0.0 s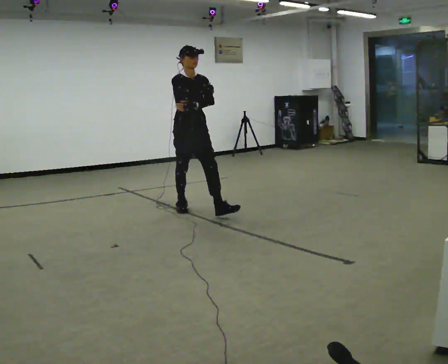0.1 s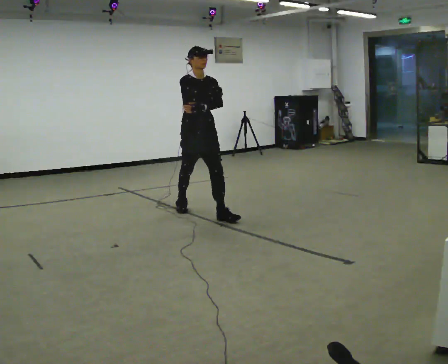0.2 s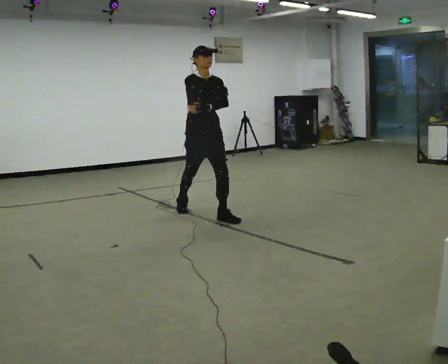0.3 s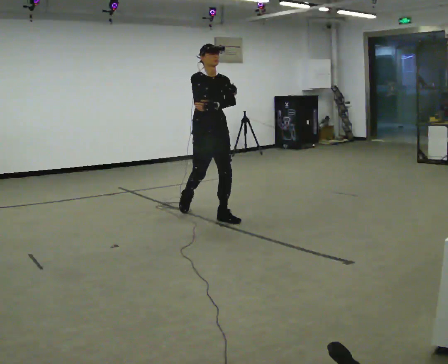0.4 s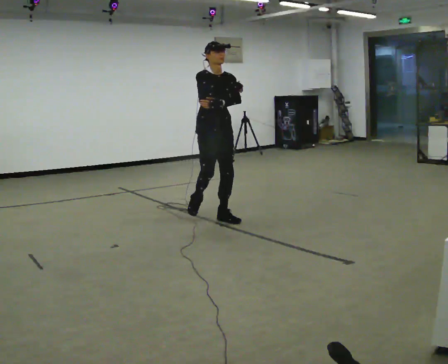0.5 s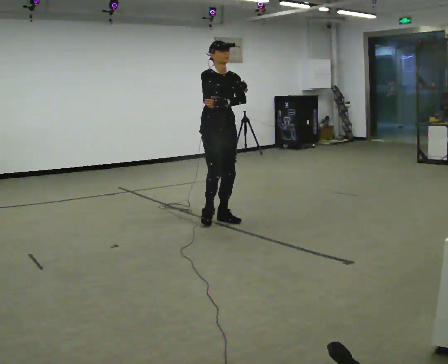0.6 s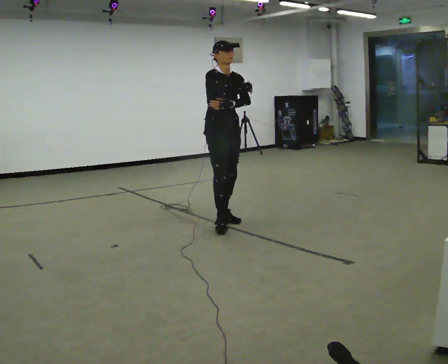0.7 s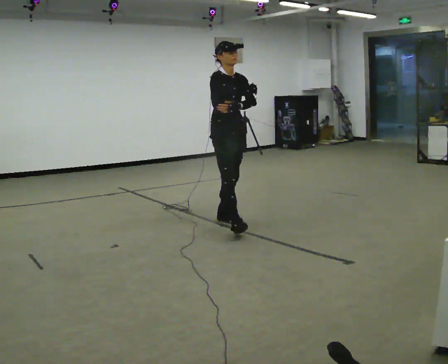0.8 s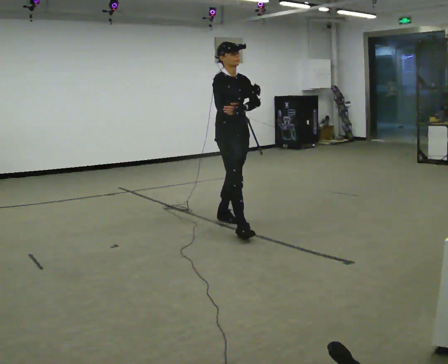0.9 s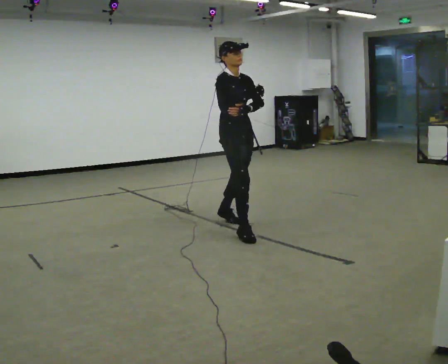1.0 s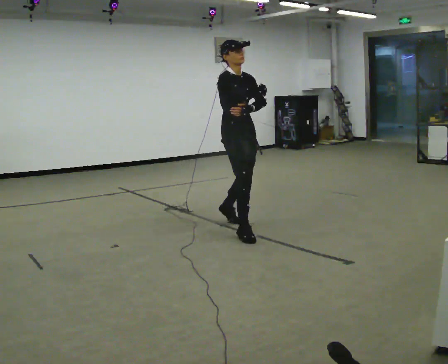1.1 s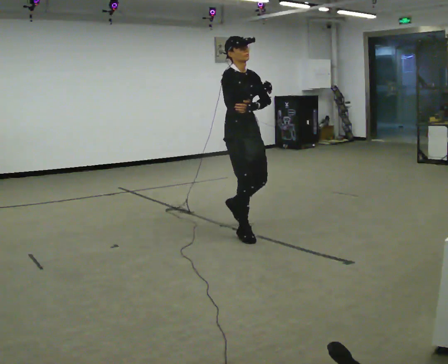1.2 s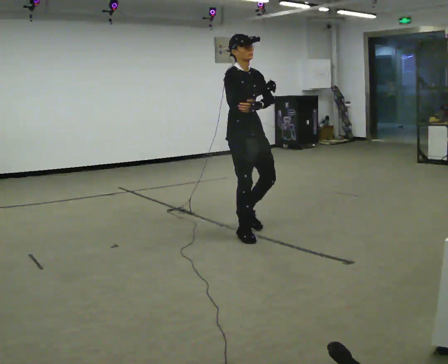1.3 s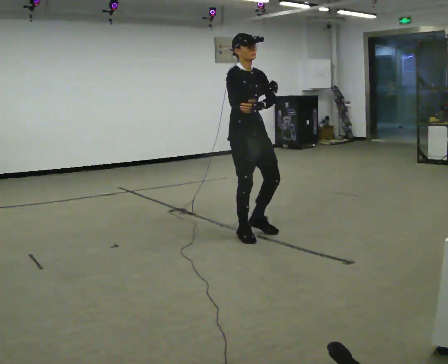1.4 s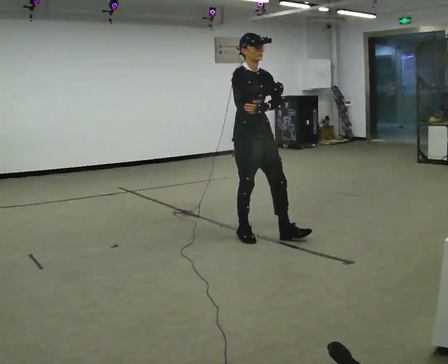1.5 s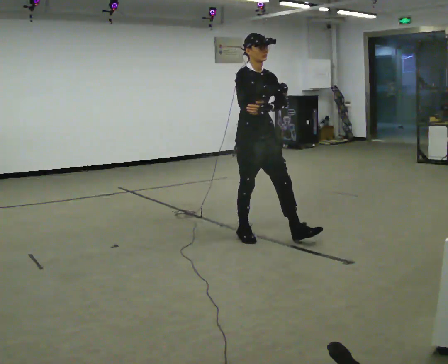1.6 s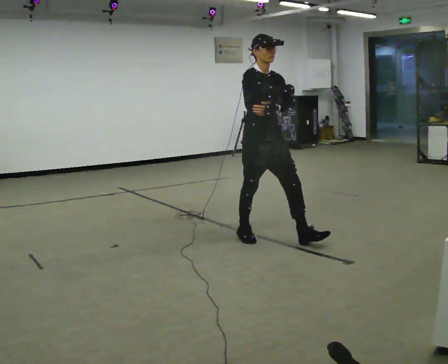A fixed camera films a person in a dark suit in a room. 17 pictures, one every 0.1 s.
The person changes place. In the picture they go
toward the camera.
0.0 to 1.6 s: In the picture they go toward the camera and to the right, about 1 m in 3 steps, which for them is forward.
The film runs forward here.
